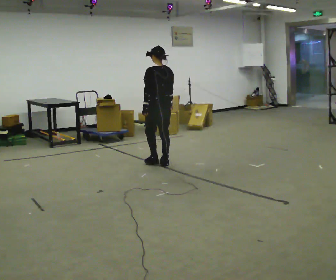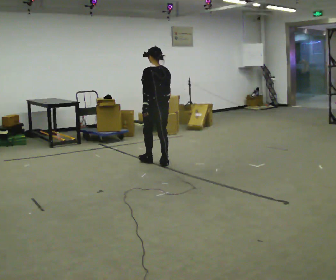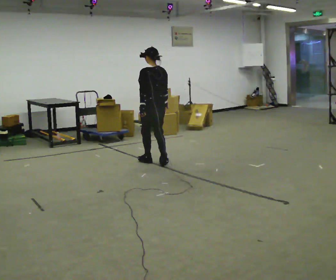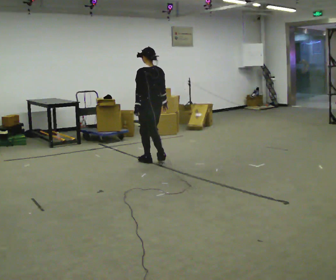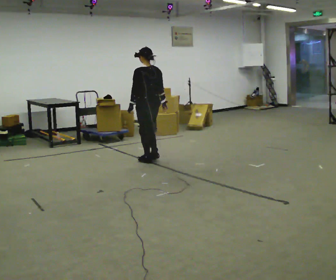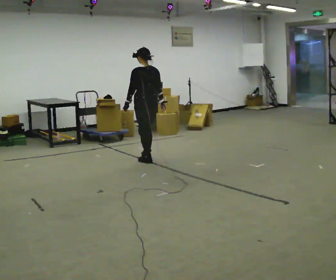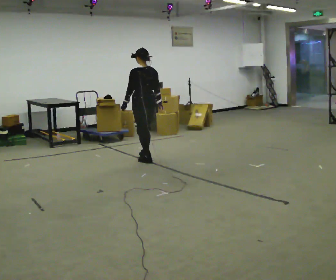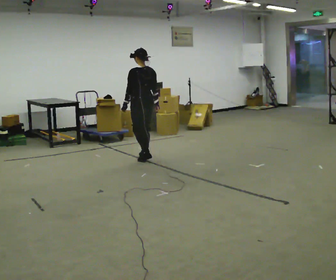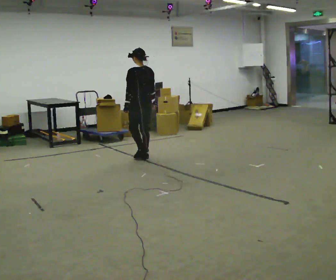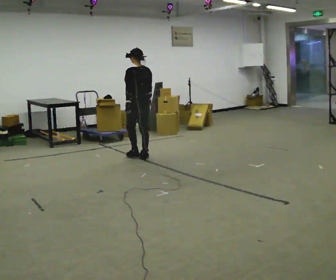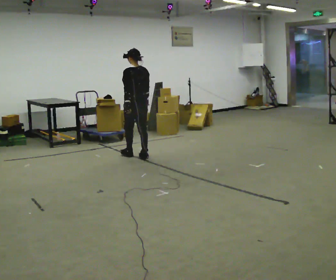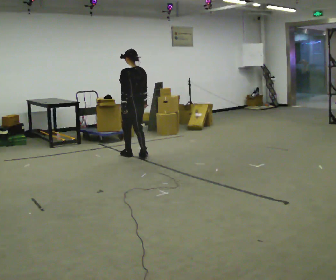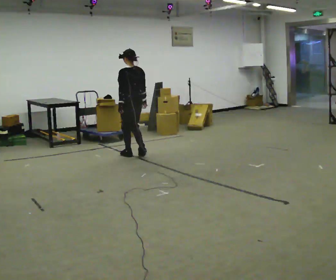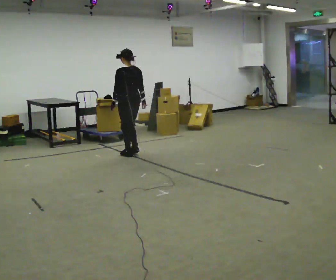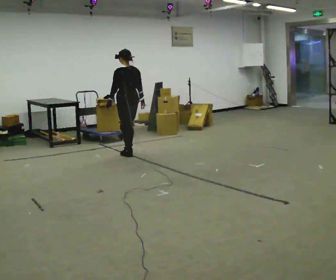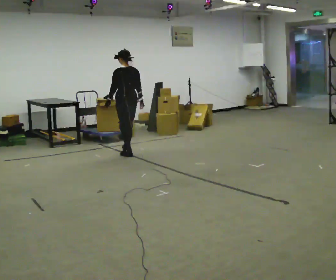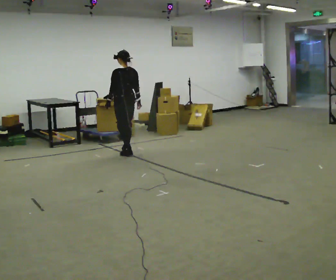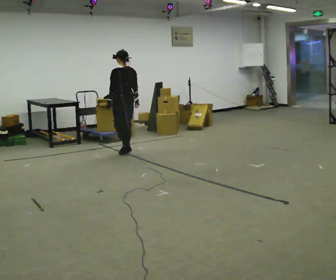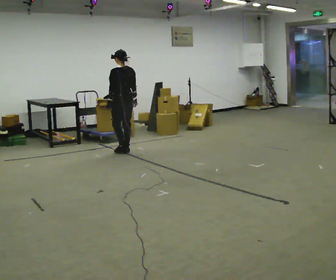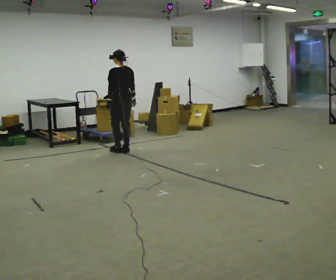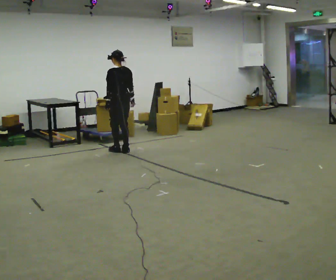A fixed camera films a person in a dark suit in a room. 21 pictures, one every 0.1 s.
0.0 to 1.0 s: In the picture they go away from the camera and to the left, about 0.5 m in 2 steps, which for them is forward.
1.0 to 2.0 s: In the picture they go away from the camera and to the left, about 0.5 m in 3 steps, which for them is forward.
The film runs forward here.
